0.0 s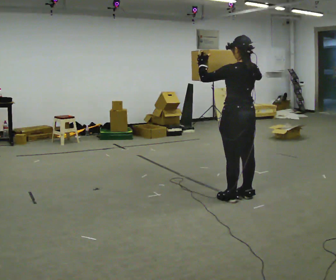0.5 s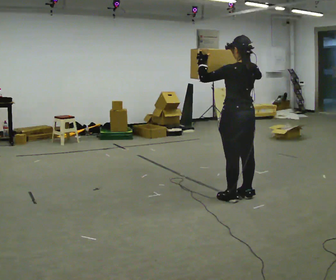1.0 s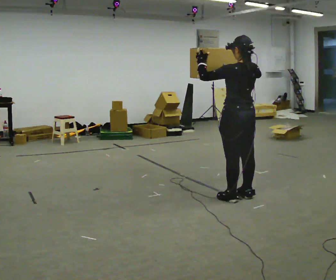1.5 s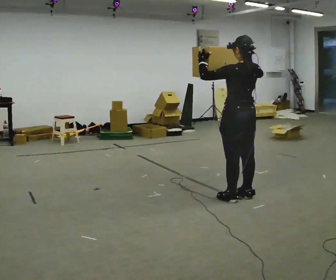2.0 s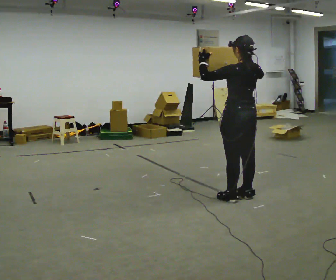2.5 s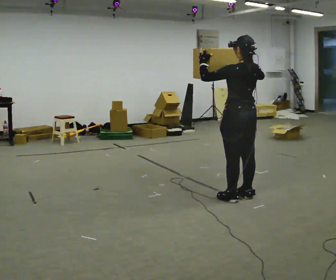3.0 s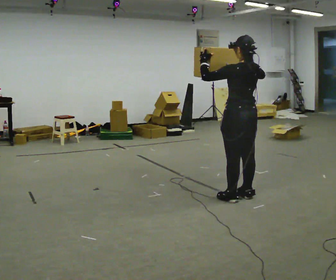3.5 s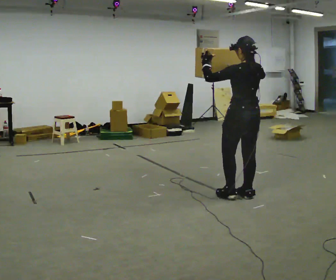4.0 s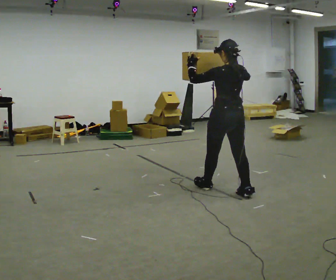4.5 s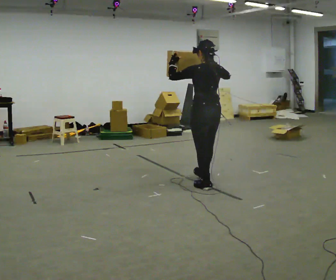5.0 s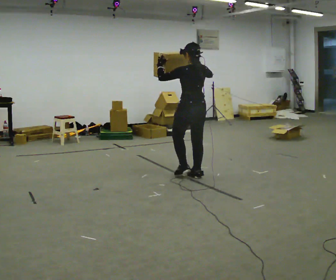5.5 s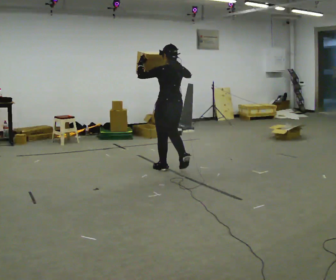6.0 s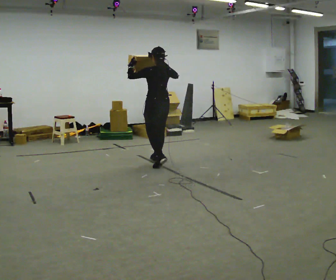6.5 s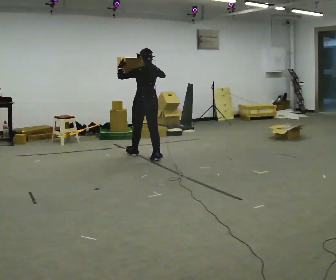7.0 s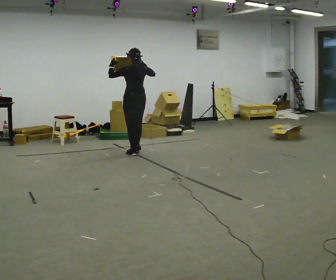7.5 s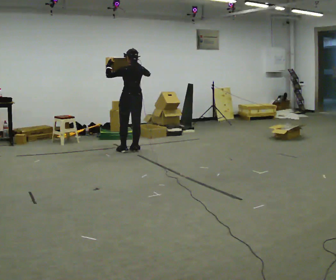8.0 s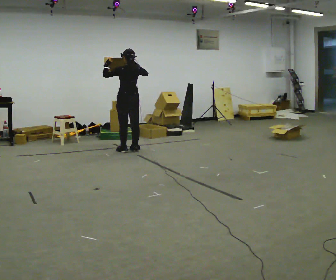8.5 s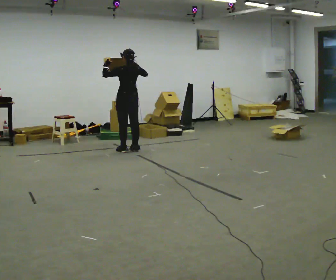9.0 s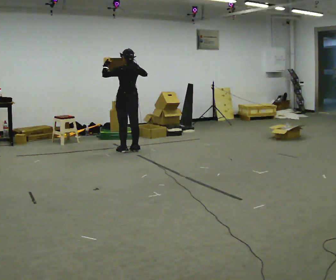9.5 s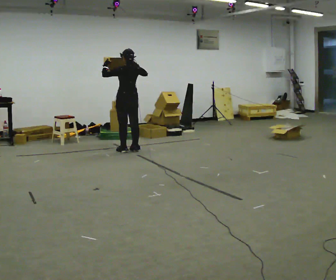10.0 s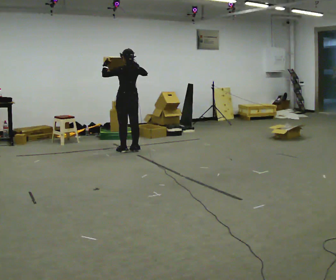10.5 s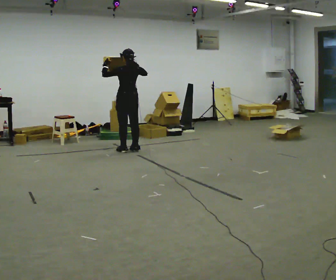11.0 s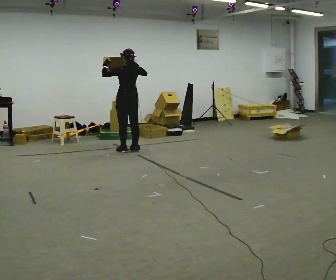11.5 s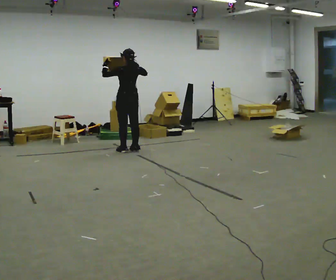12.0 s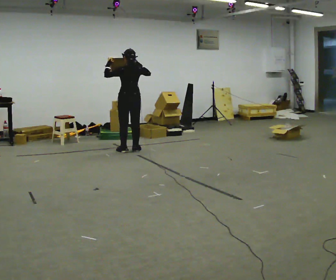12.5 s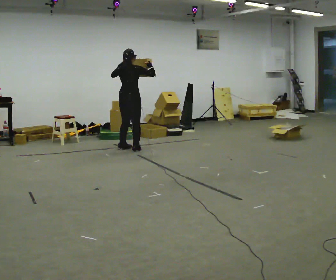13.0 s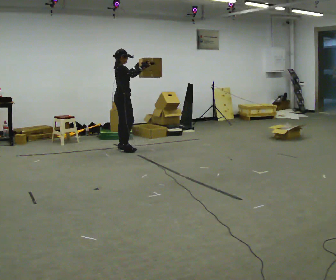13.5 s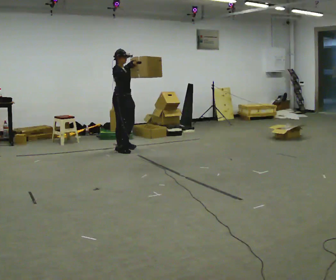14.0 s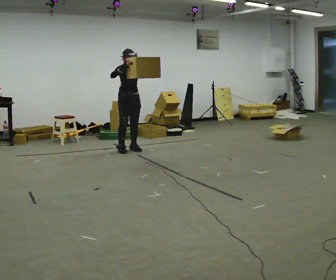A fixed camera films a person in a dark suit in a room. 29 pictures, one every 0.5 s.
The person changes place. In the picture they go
away from the camera.
The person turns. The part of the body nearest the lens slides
to the left.
0.0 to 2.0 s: The person moves a little, or ends about where they began.
2.0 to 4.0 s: In the picture they go away from the camera, about 0.25 m in 1 step, which for them is forward.
4.0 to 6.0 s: In the picture they go away from the camera and to the left, about 1.5 m in 3 steps, which for them is forward.
6.0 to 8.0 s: In the picture they go away from the camera and to the left, about 1 m in 3 steps, which for them is forward.
8.0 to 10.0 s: The person keeps their place and pose.
10.0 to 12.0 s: The person moves a little, or ends about where they began.
12.0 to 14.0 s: The person turns about 165 degrees to their right, clockwise seen from above, so the part of the body nearest the lens slides to the left. In the picture their left hand goes to the right.
The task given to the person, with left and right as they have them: Carry the object held up above your head, walking back and forth across the room.
The film runs forward here.
